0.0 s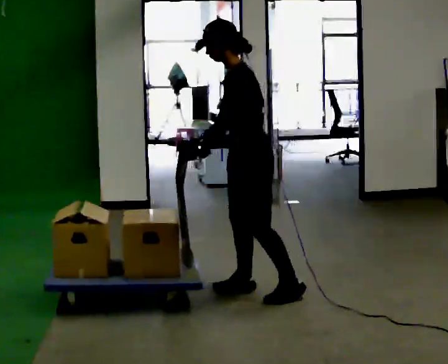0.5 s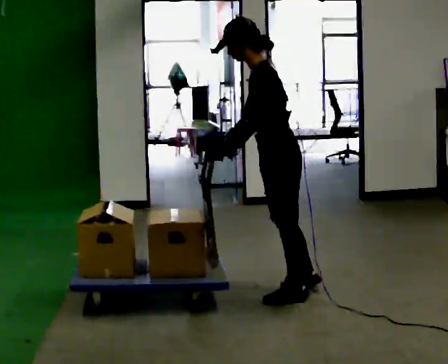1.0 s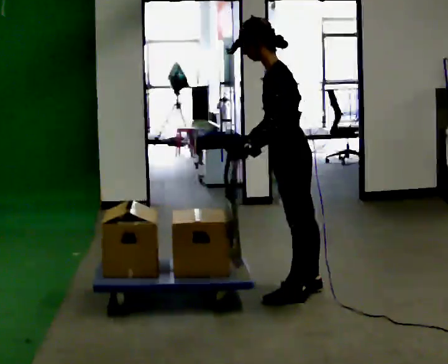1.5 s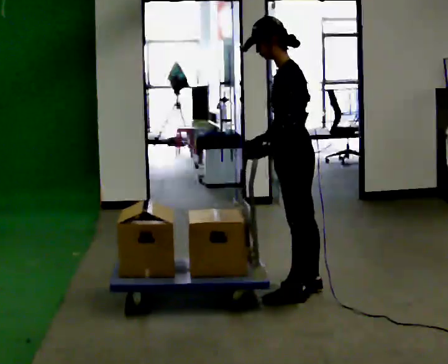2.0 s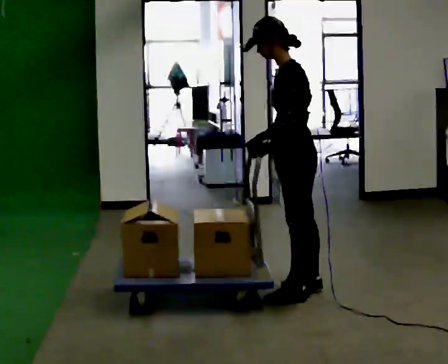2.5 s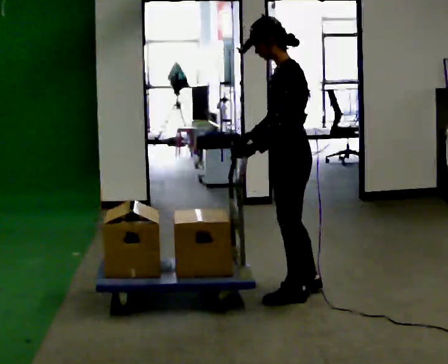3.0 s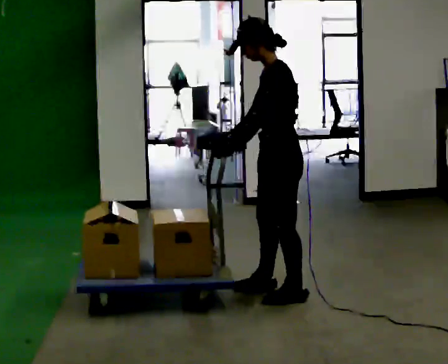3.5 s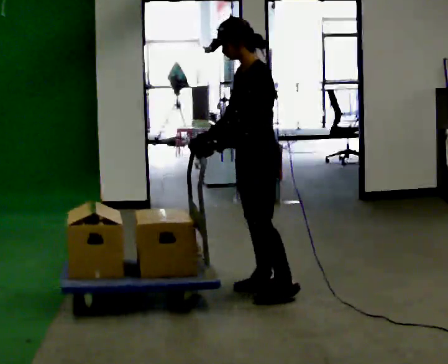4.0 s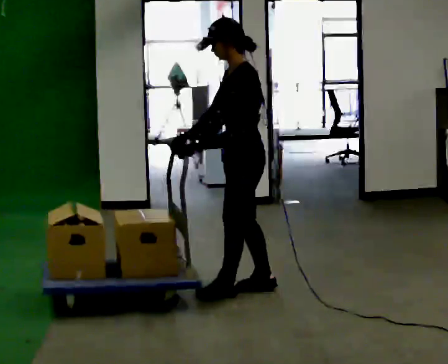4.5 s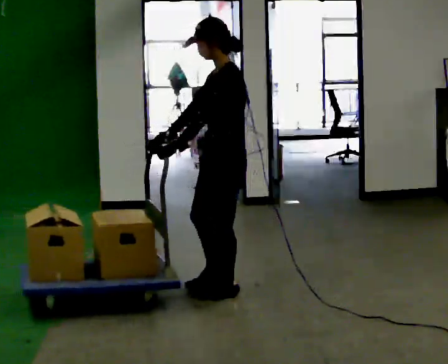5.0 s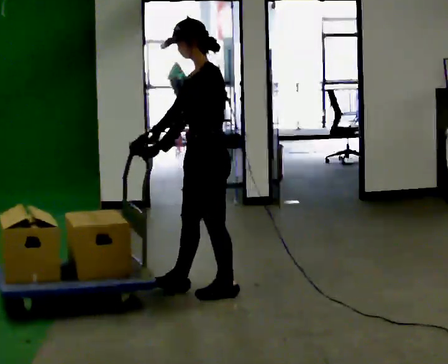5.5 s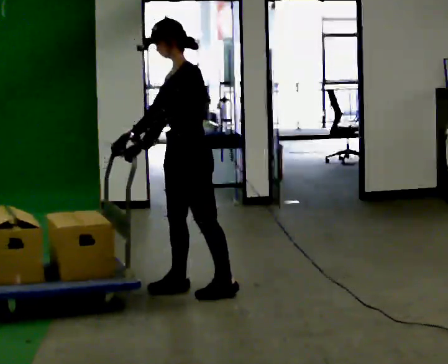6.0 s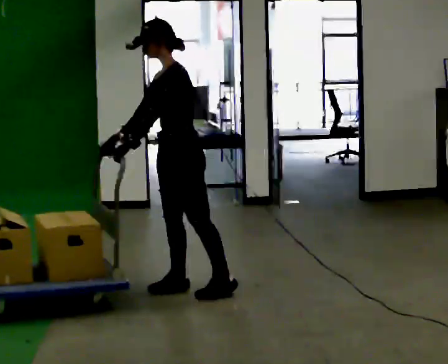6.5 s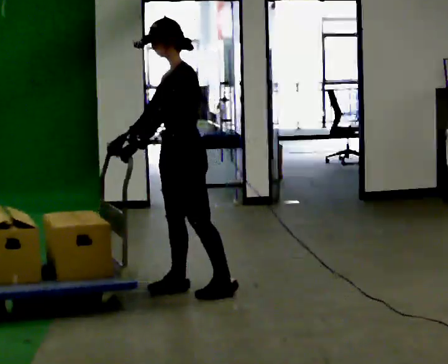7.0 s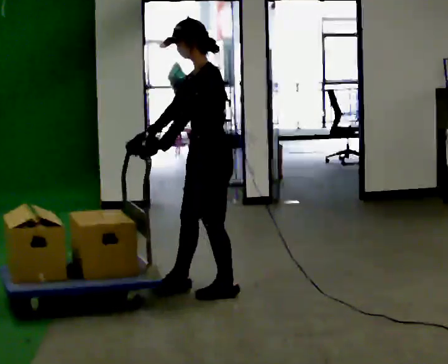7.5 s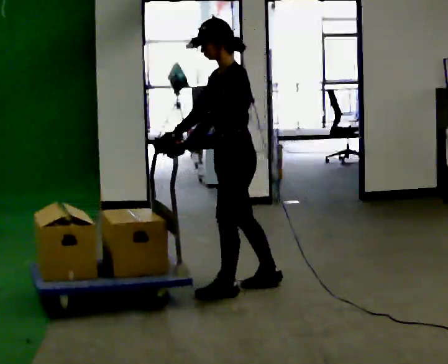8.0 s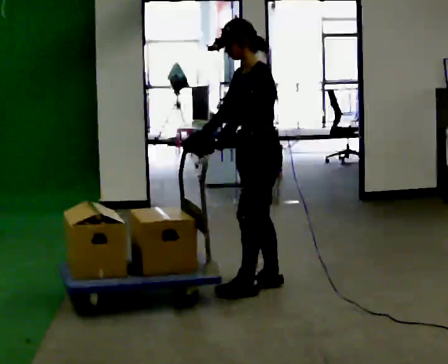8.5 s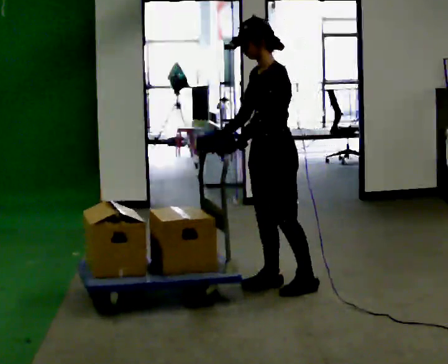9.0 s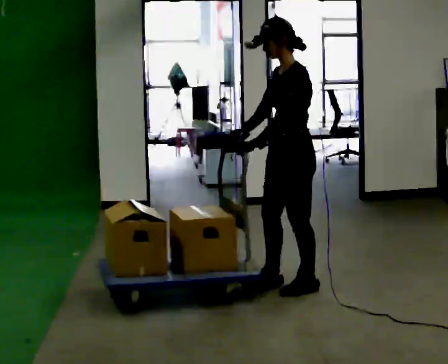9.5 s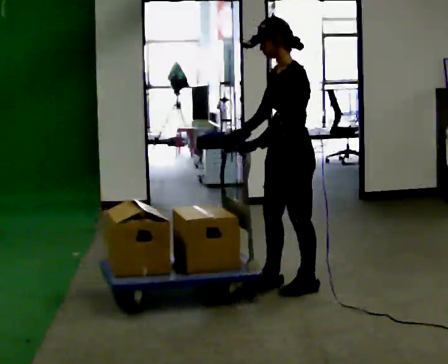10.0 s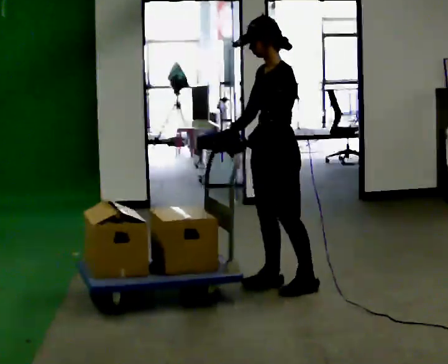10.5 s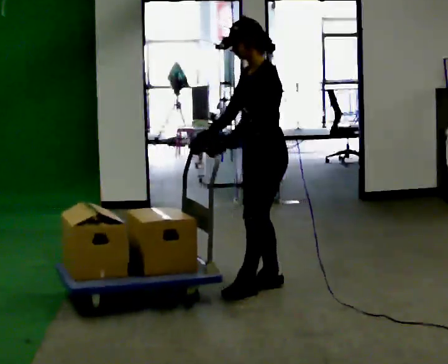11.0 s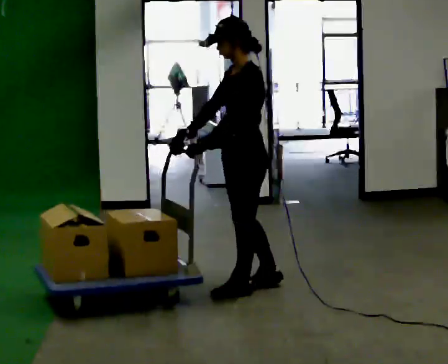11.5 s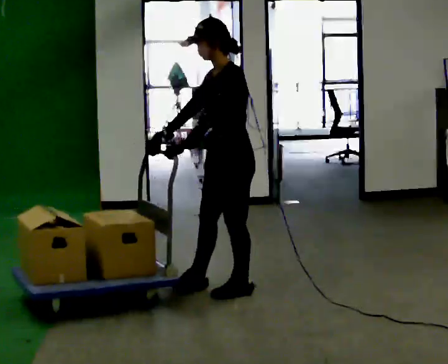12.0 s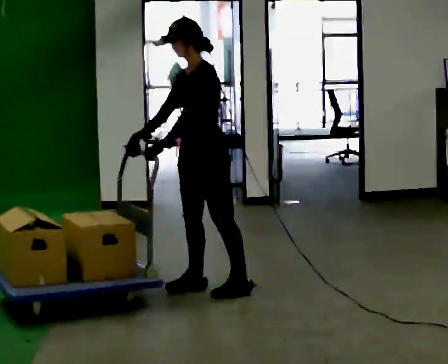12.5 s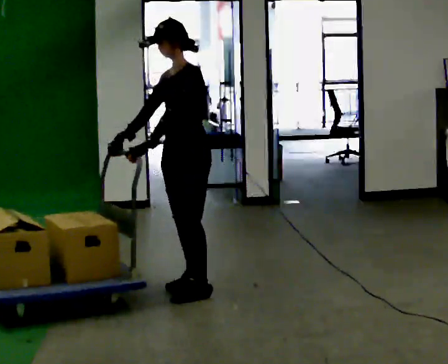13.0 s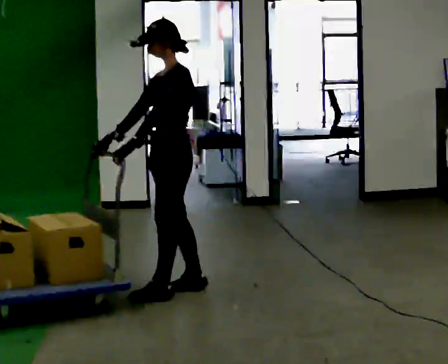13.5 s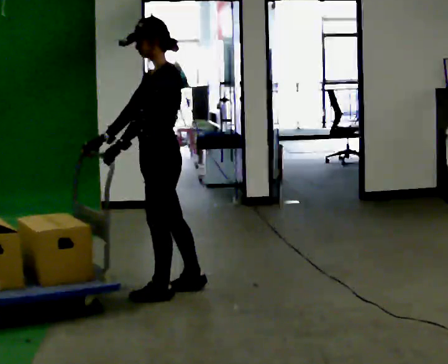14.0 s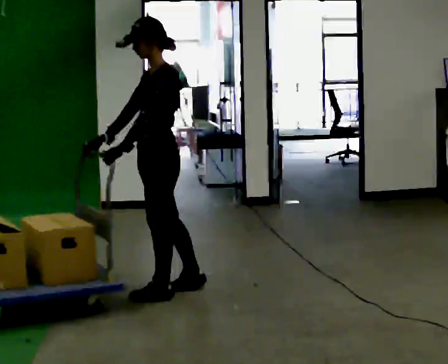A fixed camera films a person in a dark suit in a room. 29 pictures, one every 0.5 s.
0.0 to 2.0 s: In the picture they go to the right, about 0.25 m in 1 step, which for them is backward.
2.0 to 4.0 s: In the picture they go to the left, about 0.25 m in 2 steps, which for them is forward.
4.0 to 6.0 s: In the picture they go to the left, about 0.5 m in 1 step, which for them is forward.
6.0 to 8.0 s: In the picture they go to the right, about 0.5 m in 2 steps, which for them is backward.
8.0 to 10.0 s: The person moves a little, or ends about where they began.
10.0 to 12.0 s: In the picture they go to the left, about 0.5 m in 2 steps, which for them is forward.
12.0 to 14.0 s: In the picture they go to the left, about 0.25 m in 1 step, which for them is forward.
The film runs backward here.
